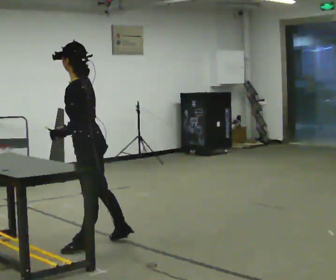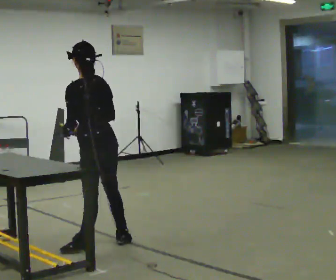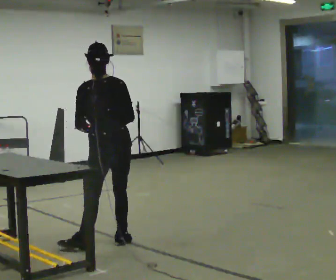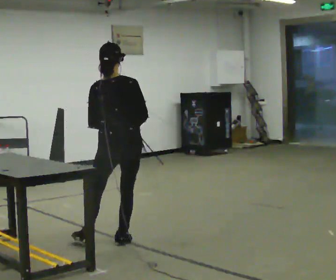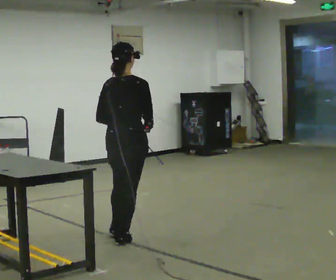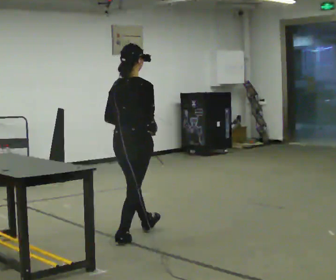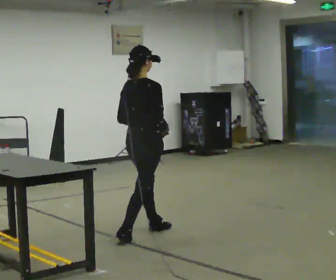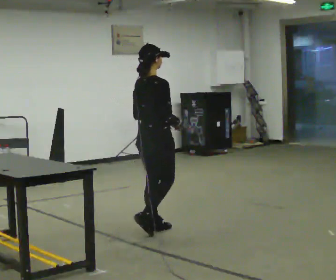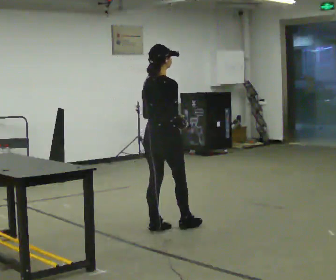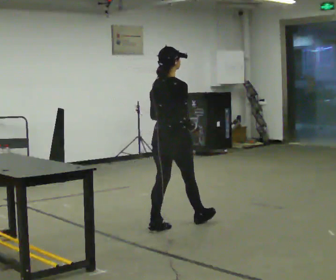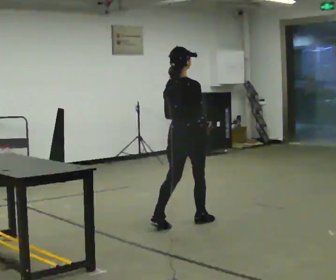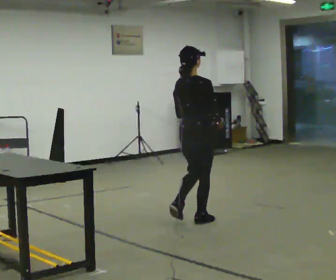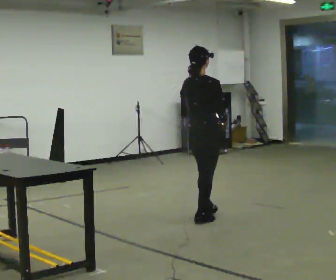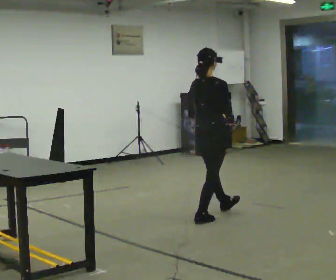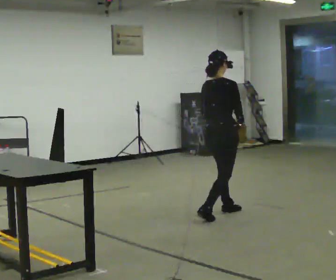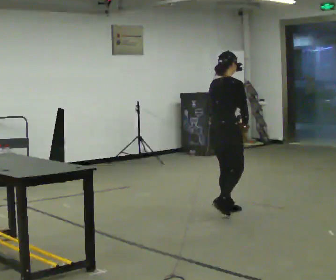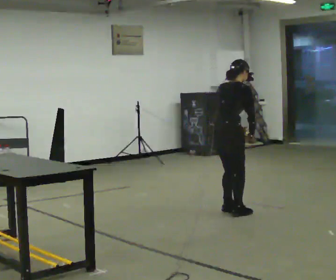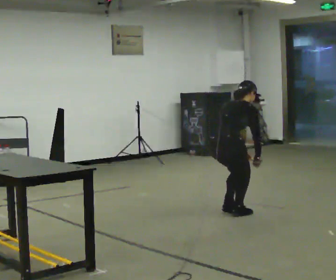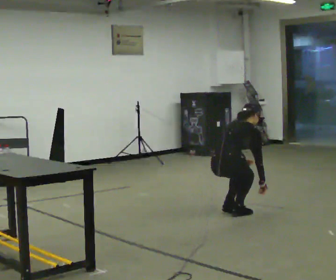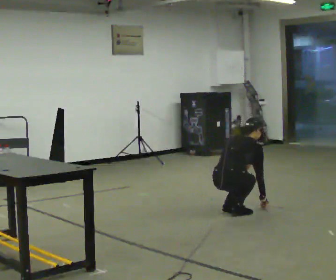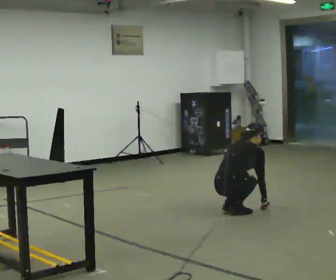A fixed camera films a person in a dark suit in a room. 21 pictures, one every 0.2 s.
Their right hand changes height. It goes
downward.
The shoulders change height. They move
downward.
0.0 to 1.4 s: The person turns about 135 degrees to their right, clockwise seen from above, so the part of the body nearest the lens slides to the left. In the picture they go away from the camera and to the right, about 0.75 m in 2 steps.
1.4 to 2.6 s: In the picture they go to the right and away from the camera, about 0.75 m in 2 steps, which for them is forward.
2.6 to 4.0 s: In the picture they go to the right, about 0.25 m in 1 step, which for them is forward. The upper body goes downward. In the picture the upper body tilts clockwise, shoulders to the right, as they bend forward. In the picture their right hand goes downward and to the right.
The film runs forward here.
